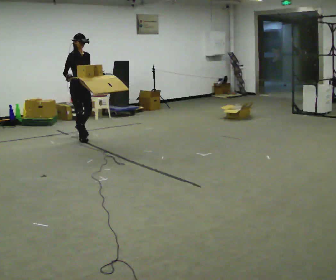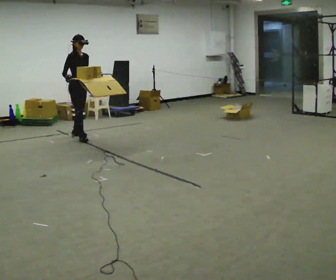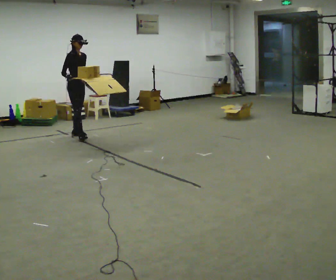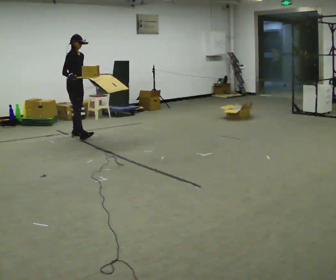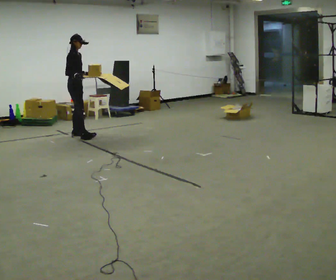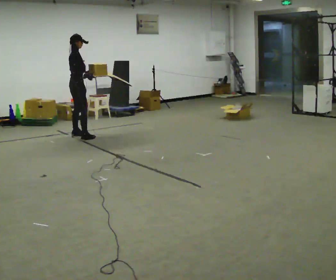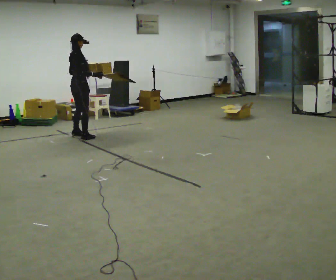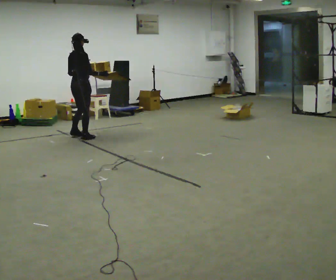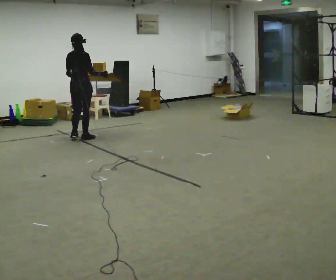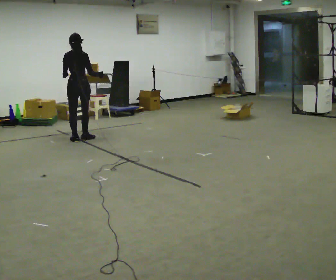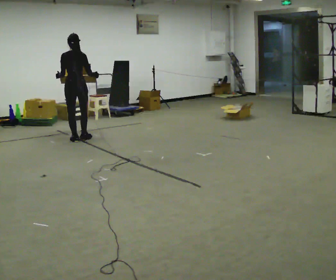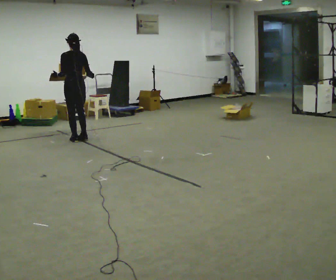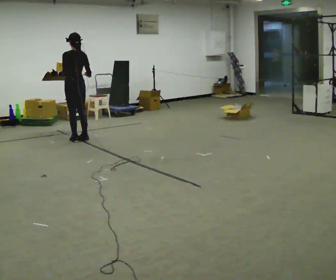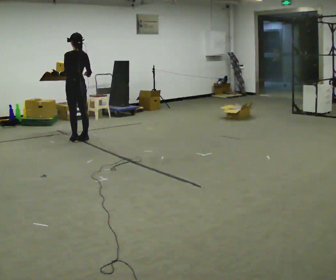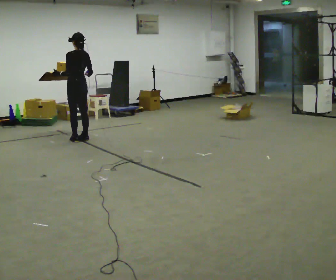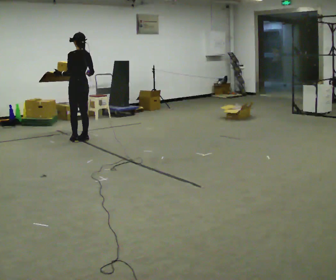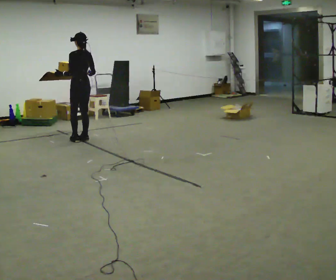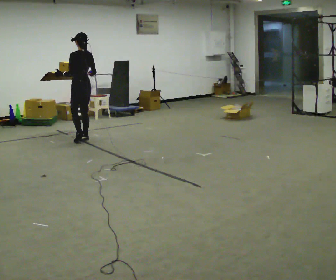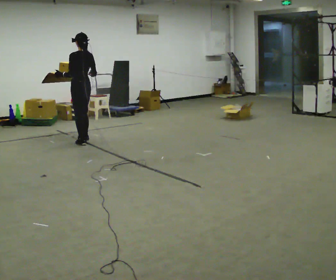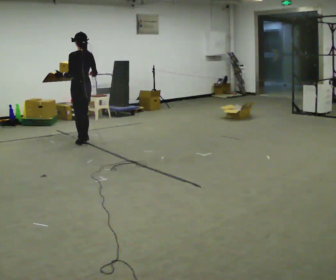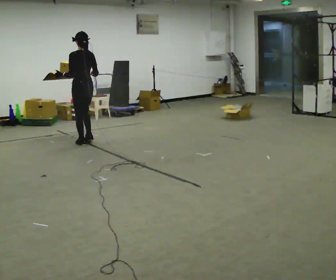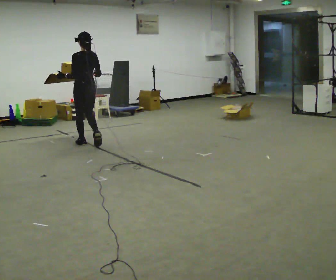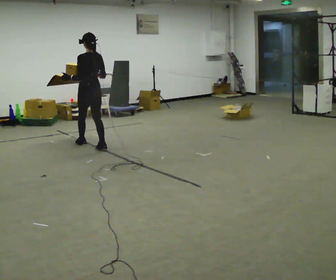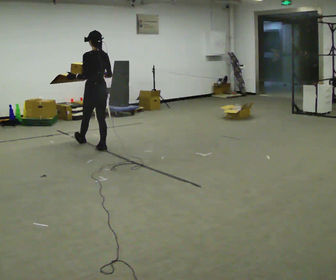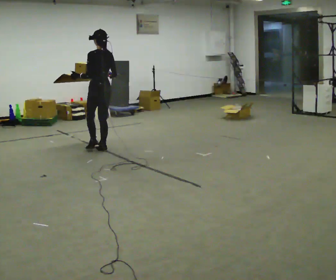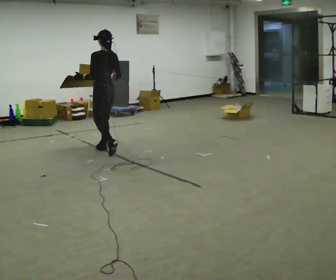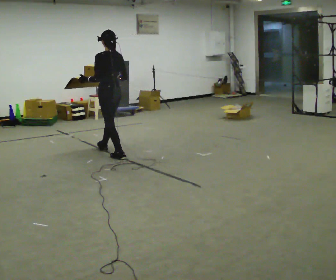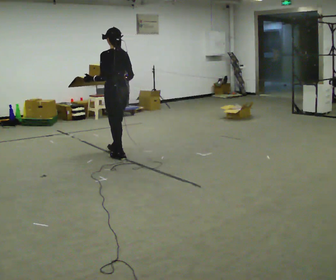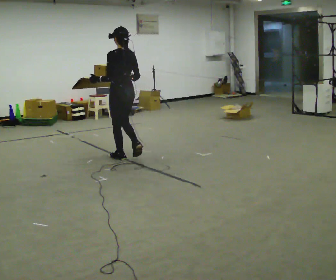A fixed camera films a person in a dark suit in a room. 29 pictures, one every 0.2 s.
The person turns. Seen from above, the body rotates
counterclockwise.
The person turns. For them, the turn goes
to their left.
0.0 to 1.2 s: The person turns about 75 degrees to their left, counterclockwise seen from above, so the part of the body nearest the lens slides to the right. In the picture their right hand goes to the right, the arm swinging counterclockwise.
1.2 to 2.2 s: The part of the body nearest the lens slides to the right as the person turns to their left by about 75 degrees. In the picture they go toward the camera, about 0.25 m in 1 step.
2.2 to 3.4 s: Seen from above the body turns counterclockwise, about 30 degrees: to their left, with its near side sliding to the right.
3.4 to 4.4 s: In the picture they go toward the camera, about 0.5 m in 1 step, which for them is backward.
4.4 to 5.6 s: In the picture they go toward the camera and to the right, about 1 m in 2 steps, which for them is backward.
The film runs backward here.
